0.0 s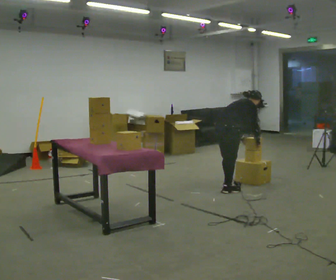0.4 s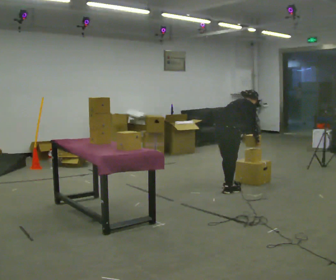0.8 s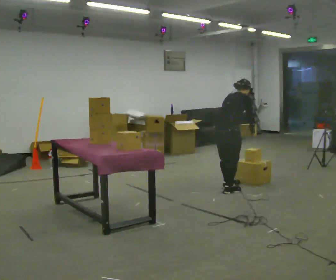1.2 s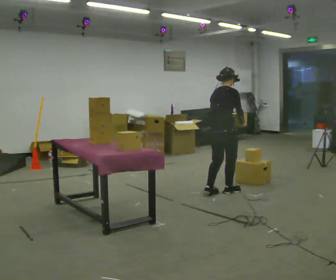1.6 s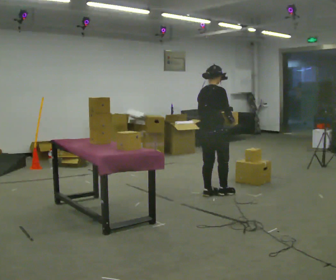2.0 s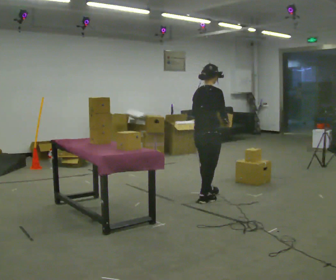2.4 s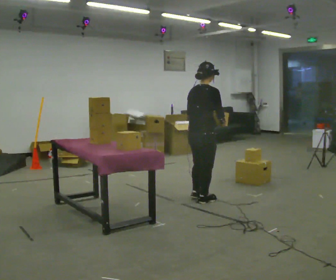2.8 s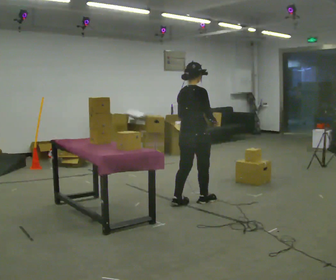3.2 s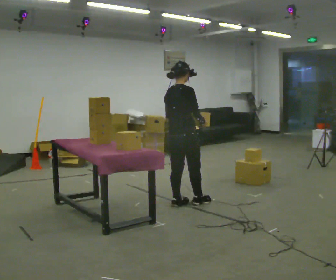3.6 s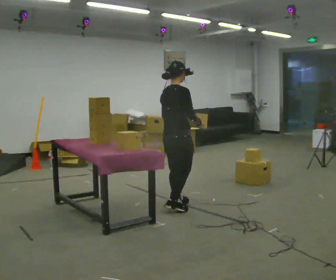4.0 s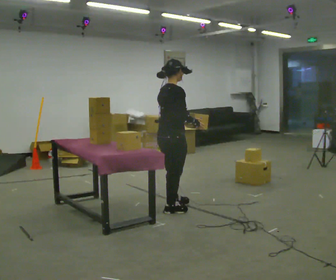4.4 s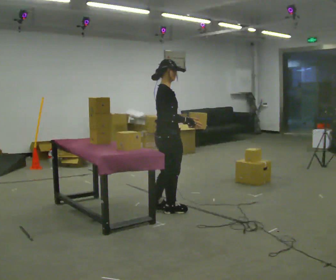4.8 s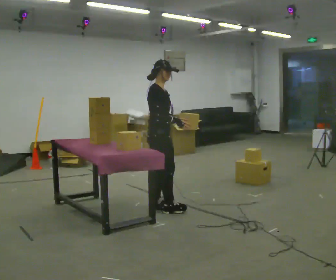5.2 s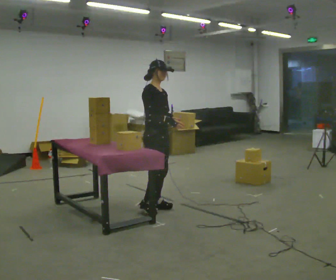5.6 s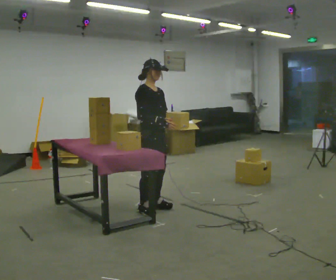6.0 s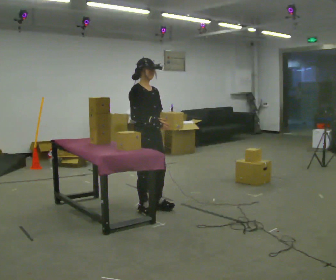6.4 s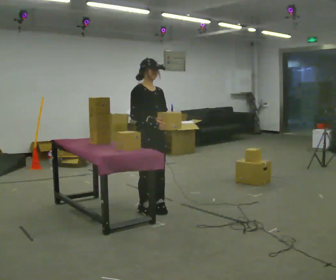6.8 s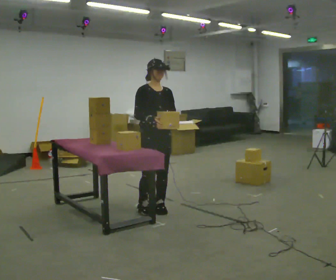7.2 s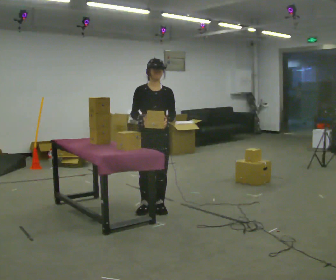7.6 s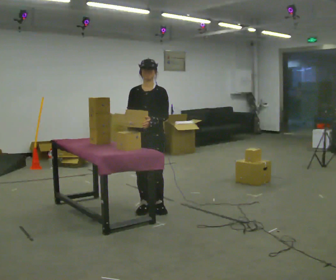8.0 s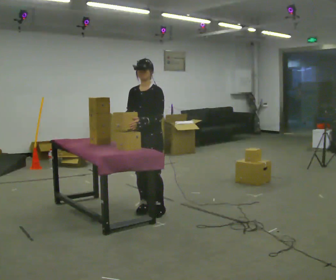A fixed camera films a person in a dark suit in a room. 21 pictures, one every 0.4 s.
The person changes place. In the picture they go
to the left.
0.0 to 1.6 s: In the picture they go toward the camera and to the left, about 0.25 m in 2 steps, which for them is backward. The upper body goes upward. In the picture the upper body tilts counterclockwise, shoulders to the left, as they lean back or straighten. In the picture their right hand goes upward.
1.6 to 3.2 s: In the picture they go to the left and toward the camera, about 0.5 m in 2 steps, which for them is backward.
3.2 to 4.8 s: The part of the body nearest the lens slides to the left as the person turns to their right by about 45 degrees. In the picture they go to the left, about 0.25 m in 2 steps, which for them is backward.
4.8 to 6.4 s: Seen from above the body turns clockwise, about 45 degrees: to their right, with its near side sliding to the left.
6.4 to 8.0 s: The part of the body nearest the lens slides to the left as the person turns to their right by about 75 degrees.
The film runs backward here.
